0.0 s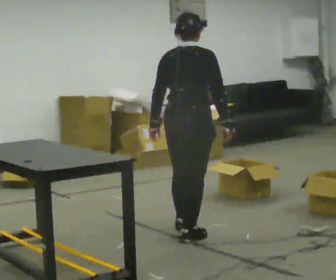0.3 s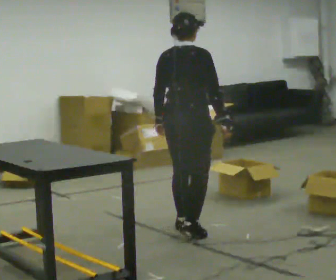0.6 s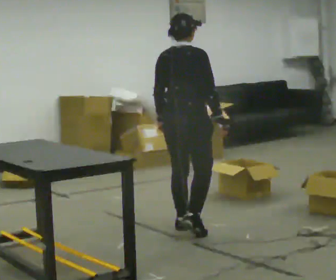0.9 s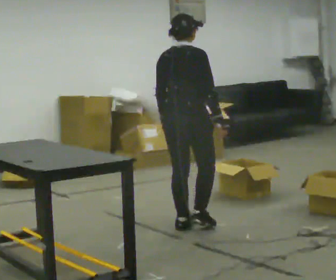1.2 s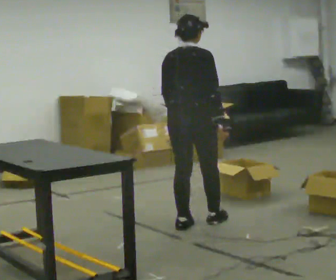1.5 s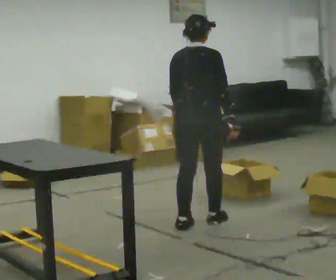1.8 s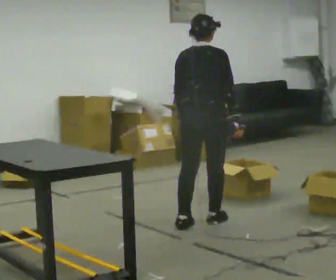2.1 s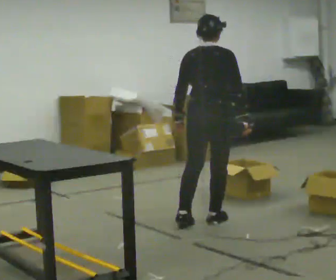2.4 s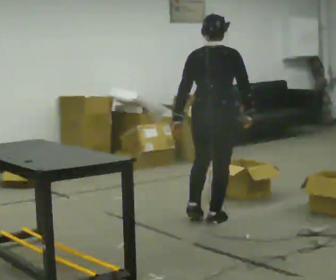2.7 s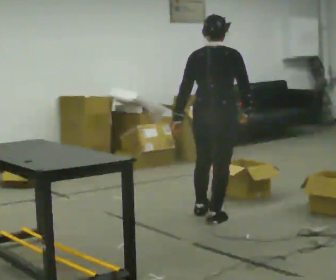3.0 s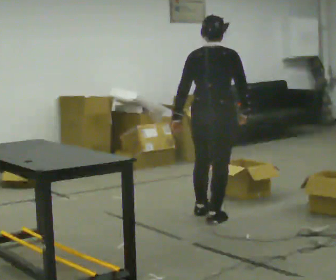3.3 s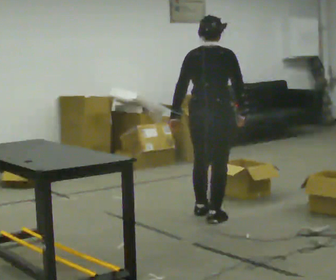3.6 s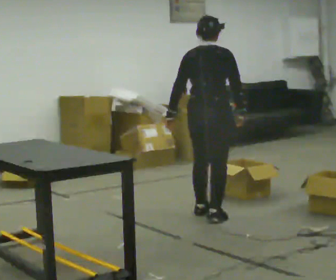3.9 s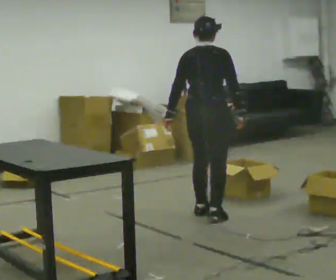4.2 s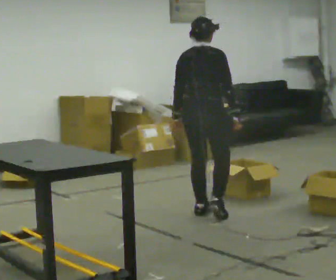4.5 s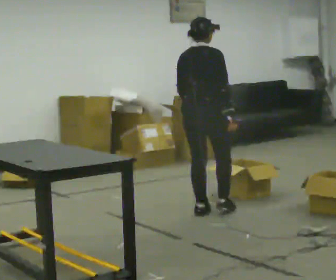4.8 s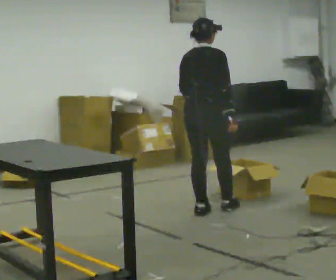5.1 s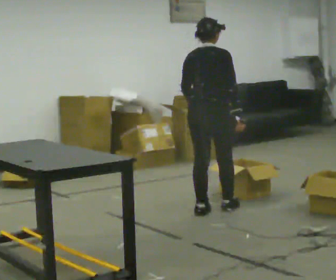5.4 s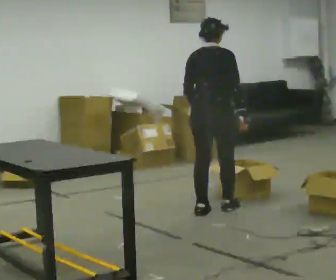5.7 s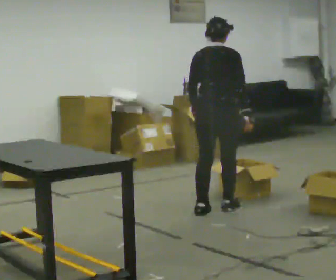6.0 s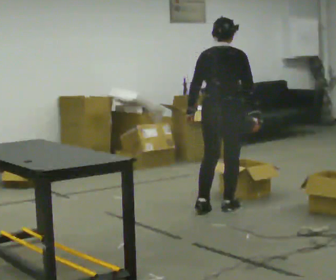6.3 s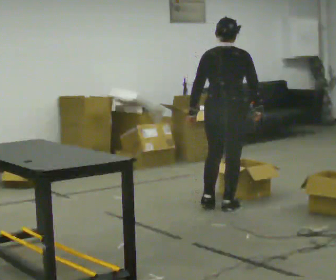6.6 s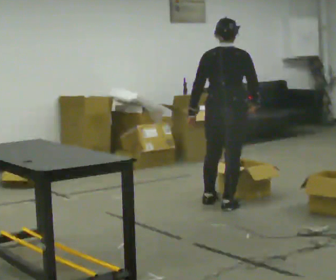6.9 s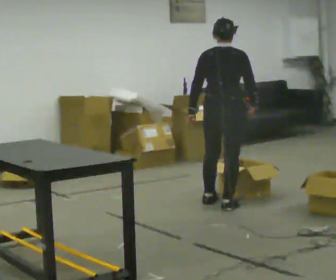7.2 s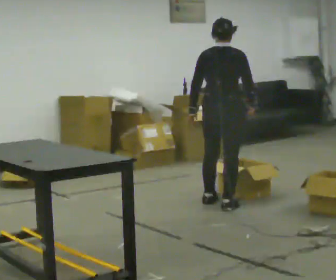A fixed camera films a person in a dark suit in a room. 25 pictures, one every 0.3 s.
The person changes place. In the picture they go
away from the camera.
0.0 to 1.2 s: In the picture they go away from the camera, about 0.25 m in 1 step, which for them is forward and to their left.
1.2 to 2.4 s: In the picture they go to the right, about 0.25 m, which for them is forward and to their right.
2.4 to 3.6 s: In the picture they go away from the camera, about 0.25 m in 1 step, which for them is forward.
3.6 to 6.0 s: In the picture they go away from the camera, about 0.25 m in 1 step, which for them is forward.
6.0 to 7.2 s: In the picture they go away from the camera, about 0.25 m in 1 step, which for them is forward.
The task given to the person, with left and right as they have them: 1. Take everything out of the crates by the door. 2. Put the small items on the middle shelf. 3. Put the large items on the bottom shelf. 4. Stack the empty crates by the door. 5. Tell the operator when you are finished.
The film runs forward here.
